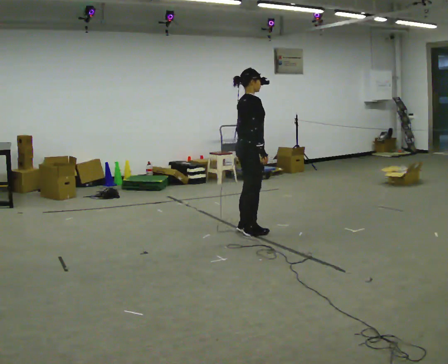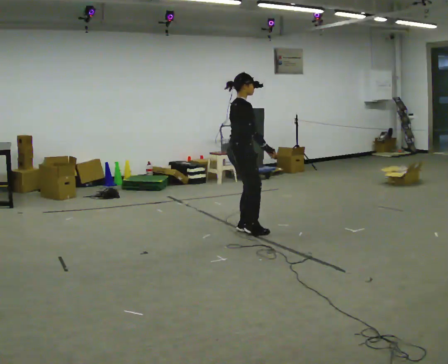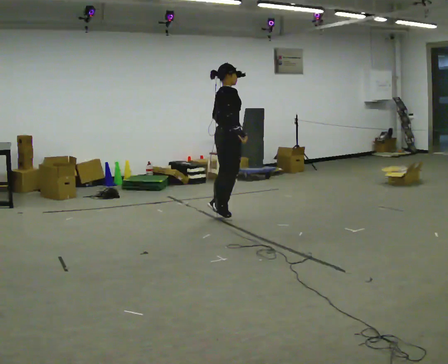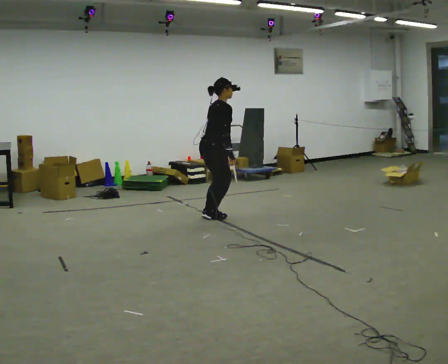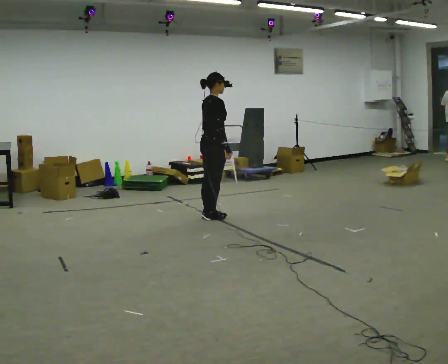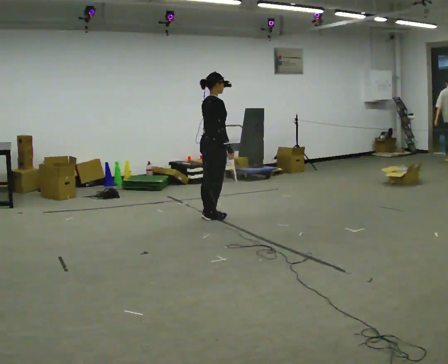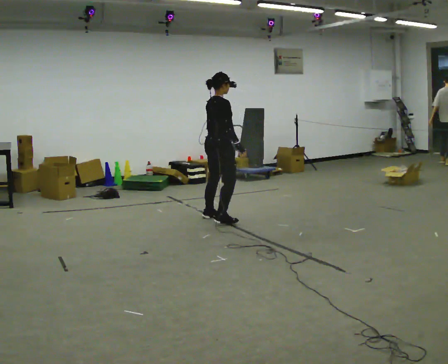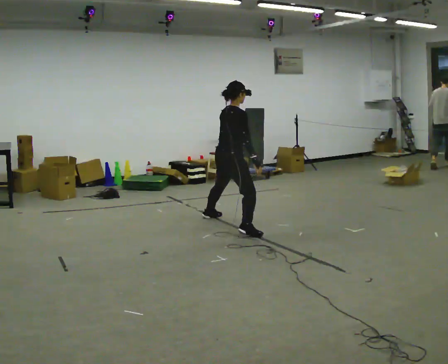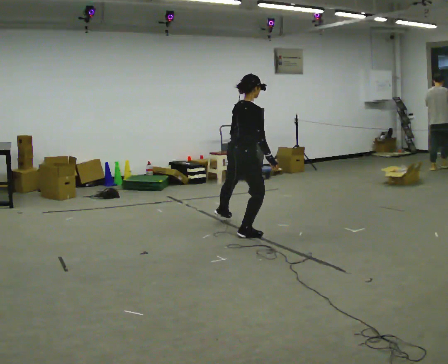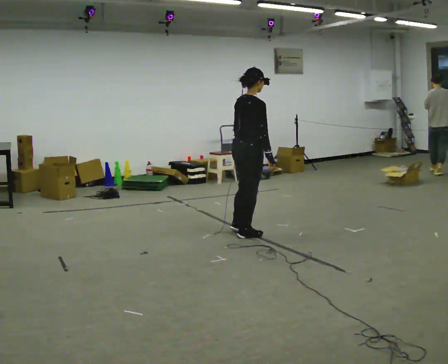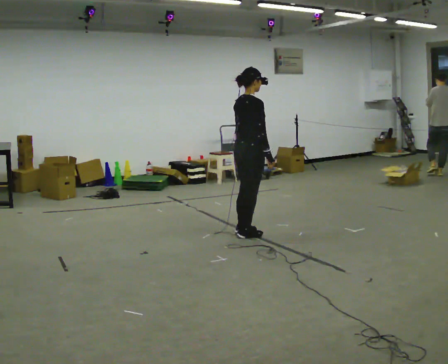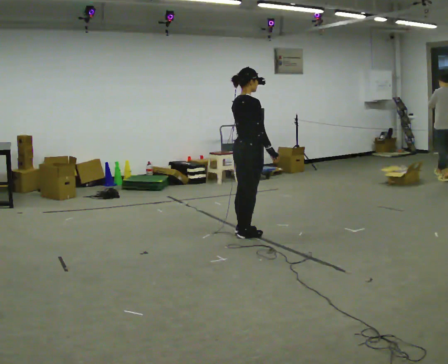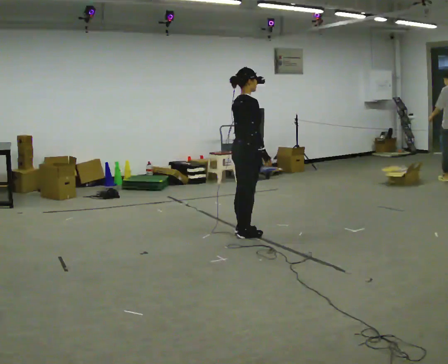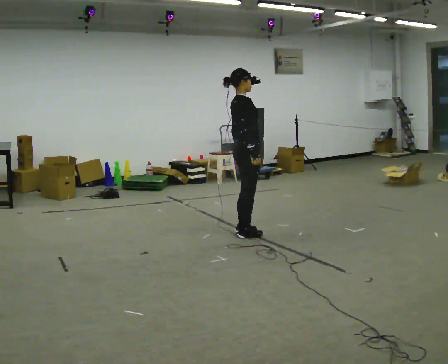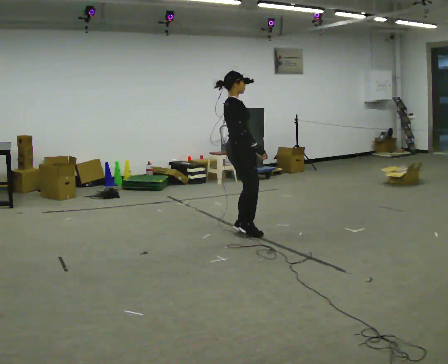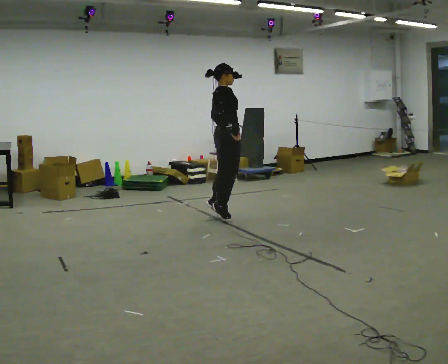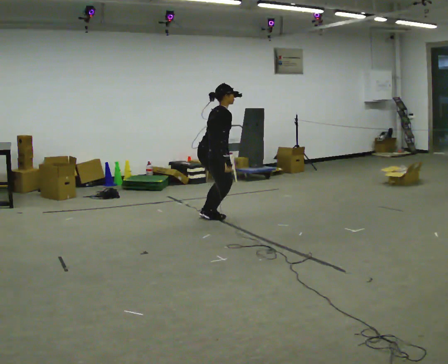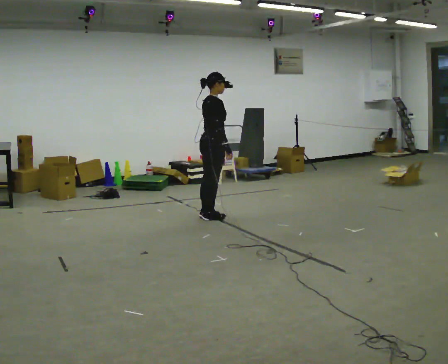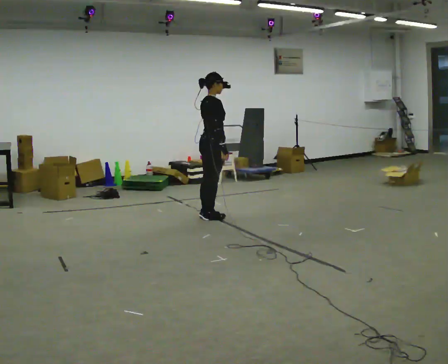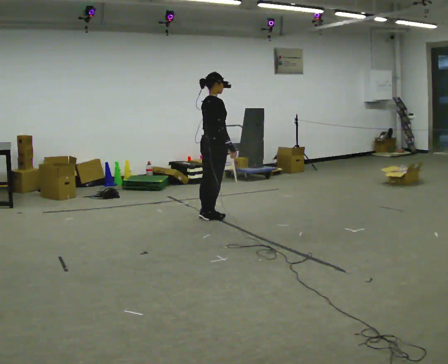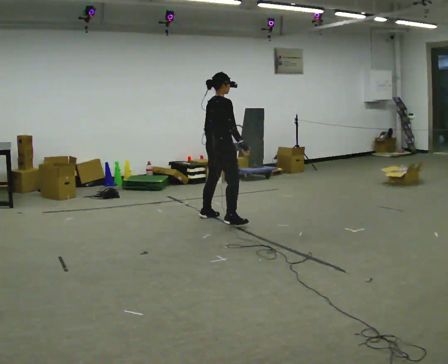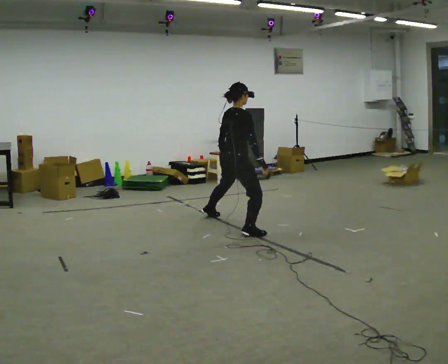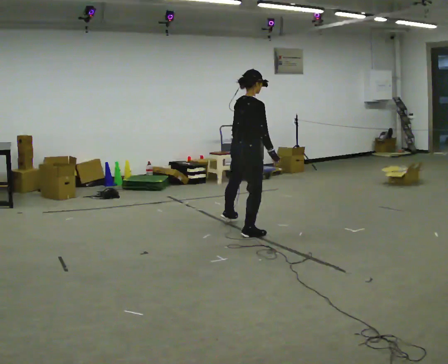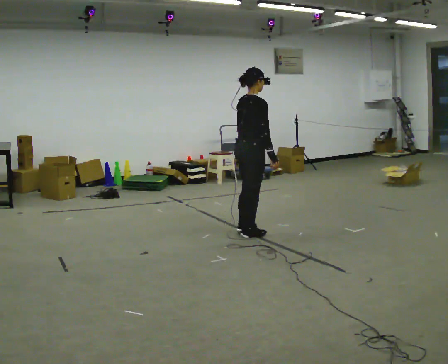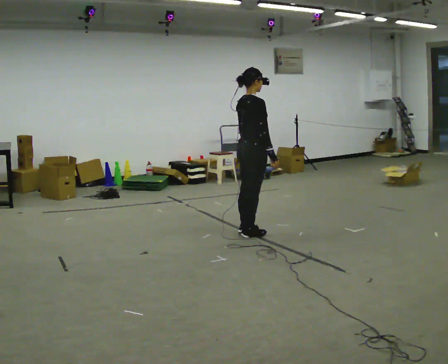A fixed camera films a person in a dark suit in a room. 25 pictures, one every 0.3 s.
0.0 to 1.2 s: In the picture they go away from the camera and to the left, about 0.75 m in 2 steps, which for them is to their left.
1.2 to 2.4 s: In the picture they go toward the camera and to the right, about 0.75 m in 2 steps, which for them is to their right.
2.4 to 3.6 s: The person moves a little, or ends about where they began.
3.6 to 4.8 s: In the picture they go away from the camera and to the left, about 0.5 m in 2 steps, which for them is to their left.
4.8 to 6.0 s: The upper body goes upward. In the picture the upper body tilts counterclockwise, shoulders to the left.
6.0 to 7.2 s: In the picture they go toward the camera and to the right, about 0.75 m in 1 step, which for them is to their right.
The film runs backward here.
